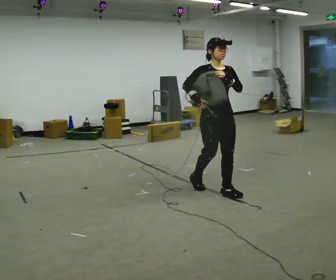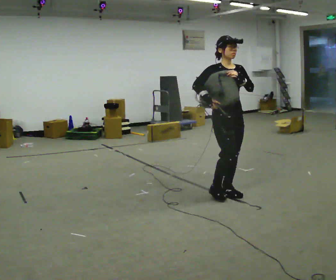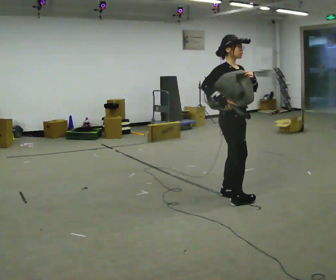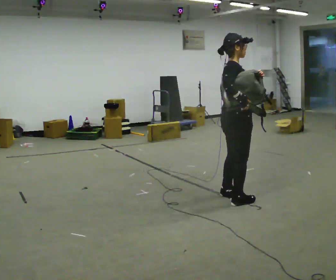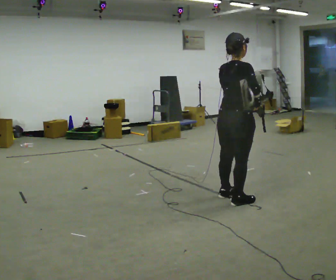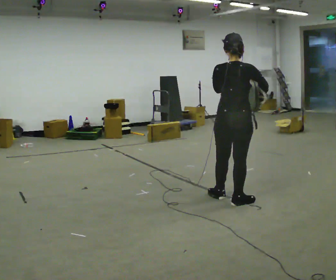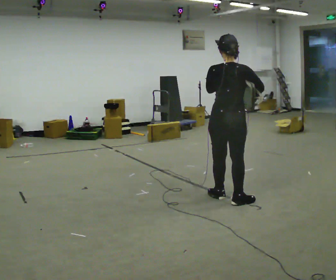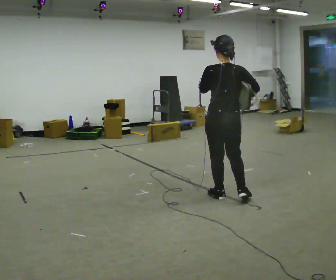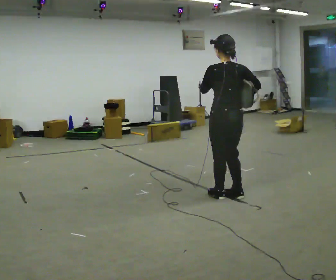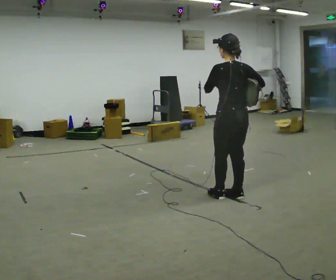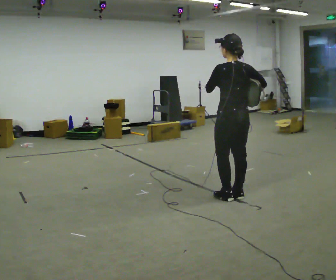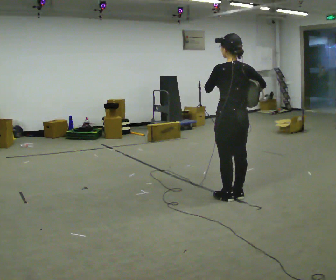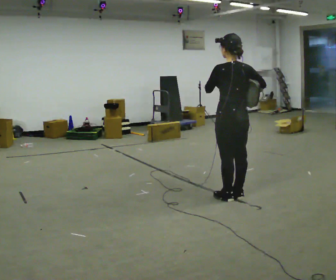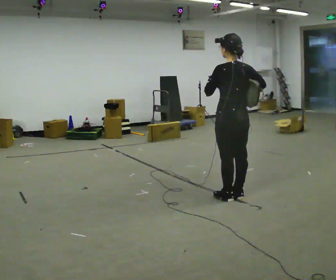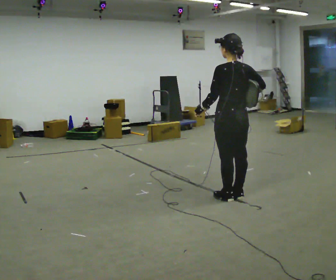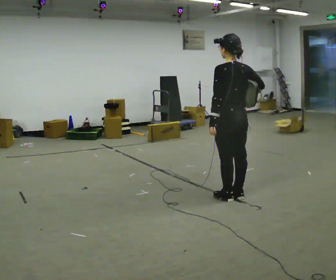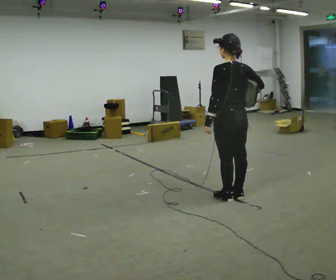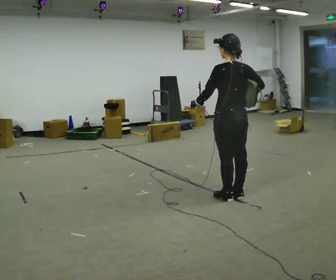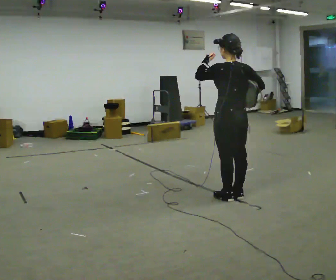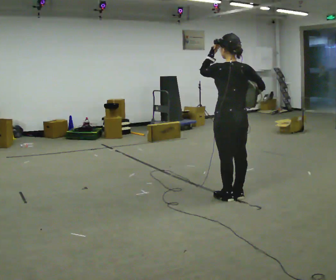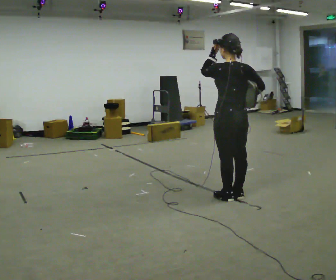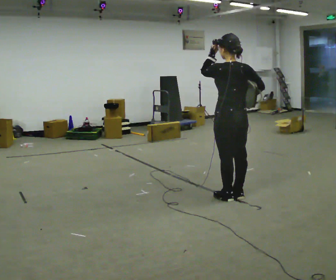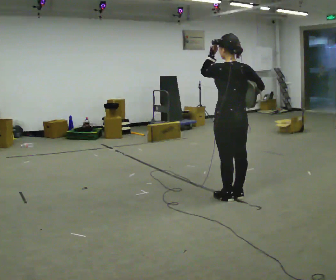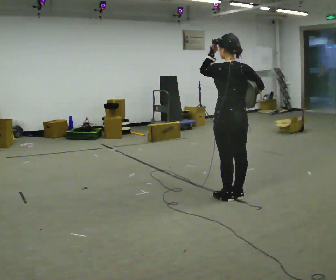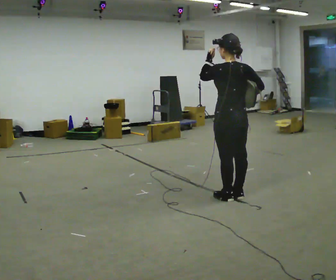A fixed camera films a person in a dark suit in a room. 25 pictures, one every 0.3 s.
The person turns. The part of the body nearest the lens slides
to the right.
The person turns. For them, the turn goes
to their left.
0.0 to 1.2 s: The person turns about 120 degrees to their left, counterclockwise seen from above, so the part of the body nearest the lens slides to the right. In the picture they go toward the camera and to the right, about 0.25 m in 1 step.
1.2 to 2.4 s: The person turns about 60 degrees to their left, counterclockwise seen from above, so the part of the body nearest the lens slides to the right.
2.4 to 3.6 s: The person moves a little, or ends about where they began.
3.6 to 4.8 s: In the picture their left hand goes downward.
4.8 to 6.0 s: In the picture their left hand goes upward.
6.0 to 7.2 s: The person moves a little, or ends about where they began.
The film runs forward here.
